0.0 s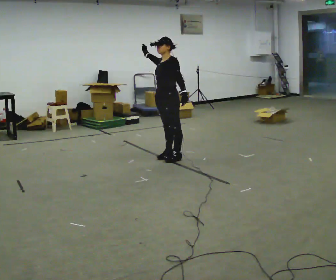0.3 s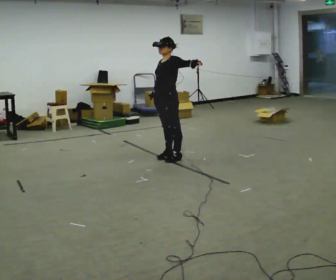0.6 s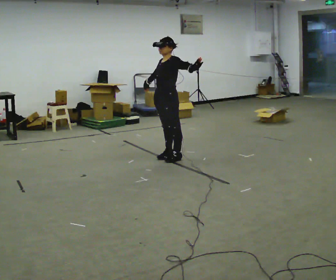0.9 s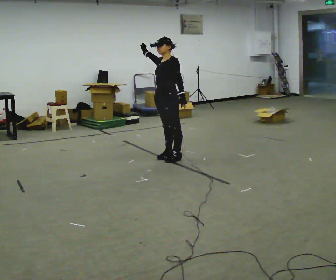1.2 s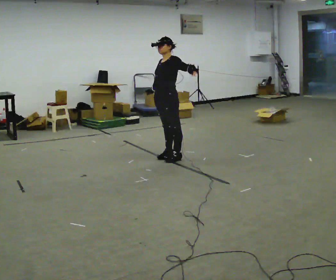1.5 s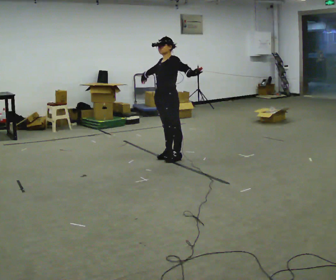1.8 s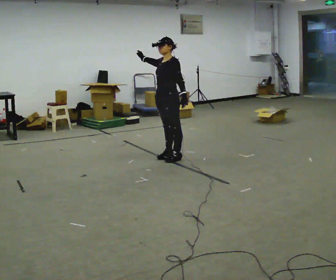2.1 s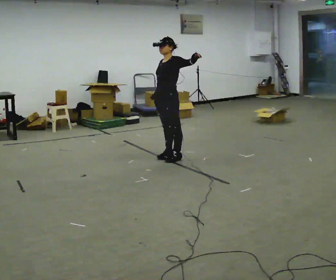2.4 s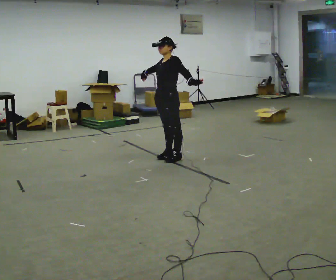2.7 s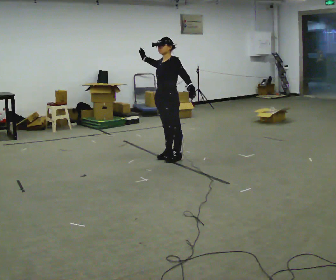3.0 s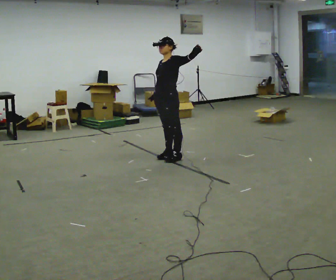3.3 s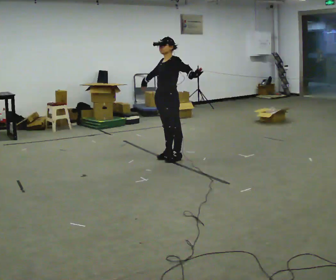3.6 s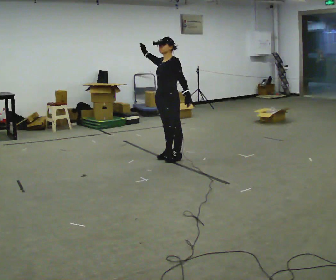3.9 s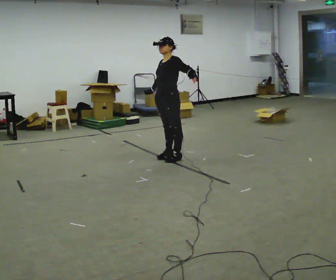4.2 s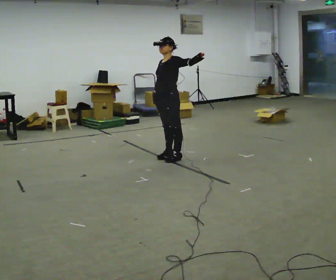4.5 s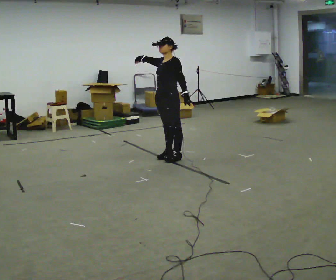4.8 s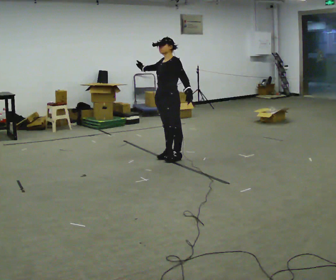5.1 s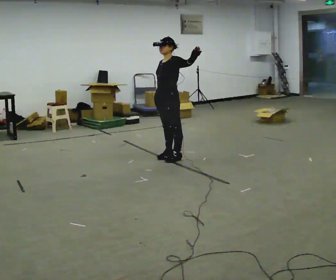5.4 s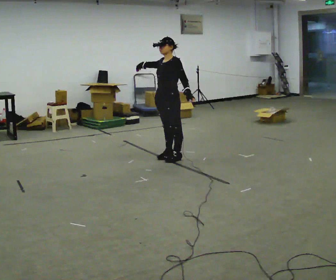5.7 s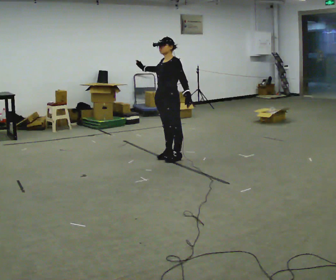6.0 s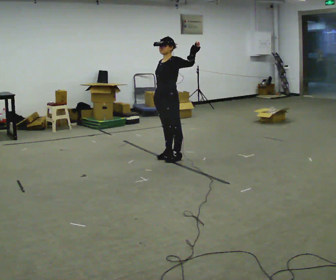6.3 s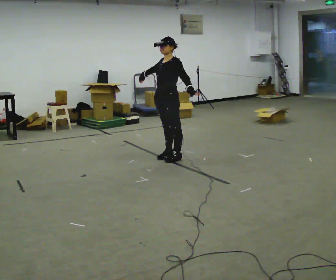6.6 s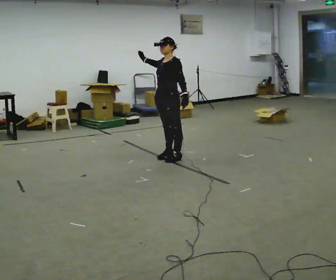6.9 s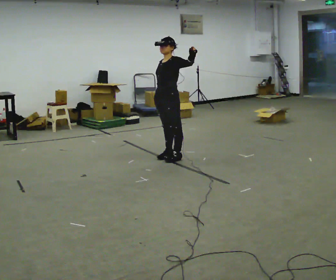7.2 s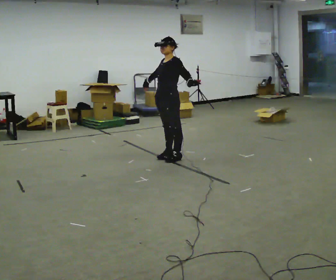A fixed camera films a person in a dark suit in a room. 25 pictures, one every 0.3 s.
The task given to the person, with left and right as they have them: Move however you like, changing style and tempo as you go; keep moving continuously.
0.0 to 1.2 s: In the picture their right hand goes downward.
1.2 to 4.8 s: The person moves a little, or ends about where they began.
4.8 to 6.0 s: In the picture their right hand goes downward.
6.0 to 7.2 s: The person moves a little, or ends about where they began.
The film runs forward here.
